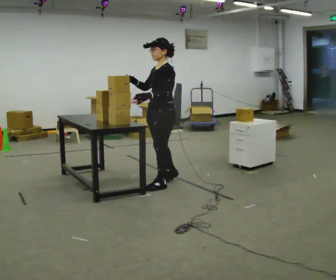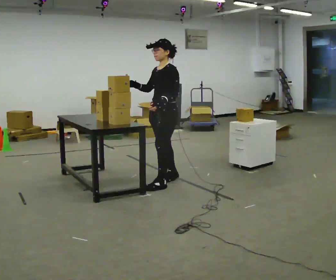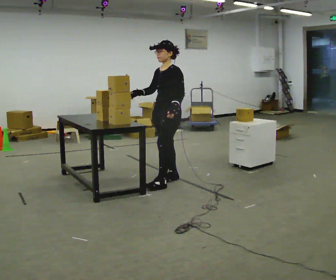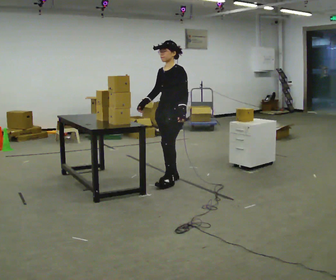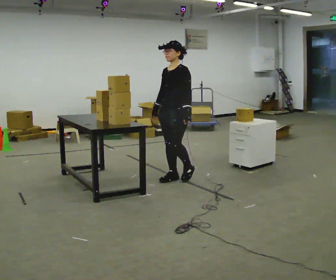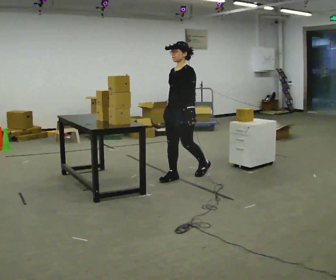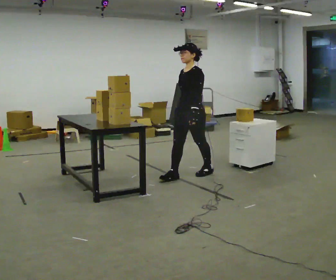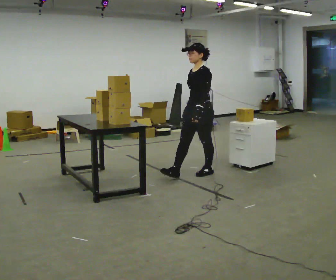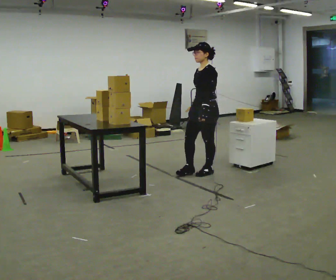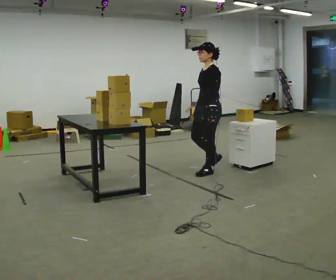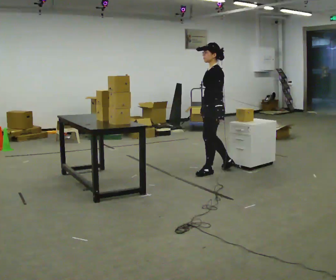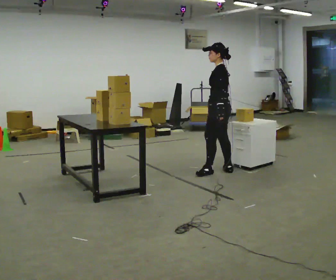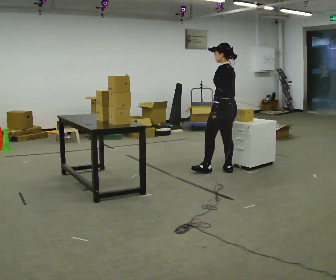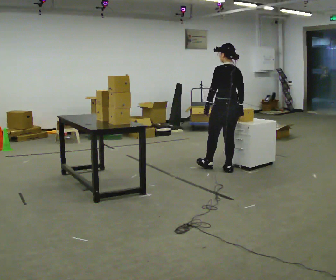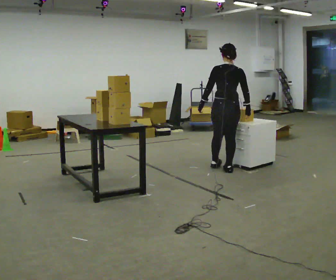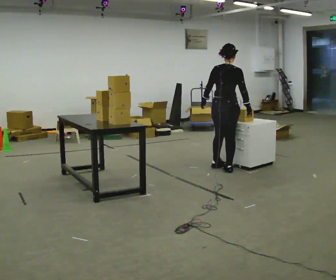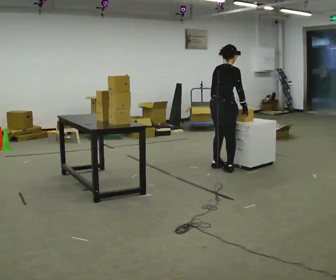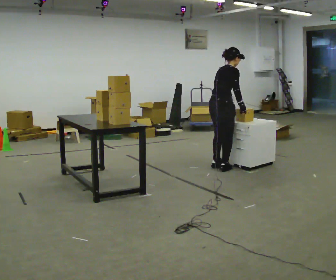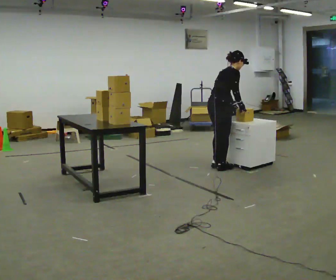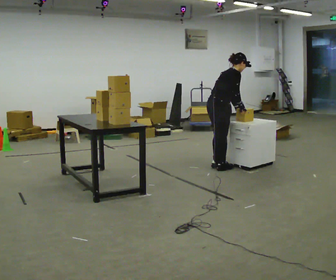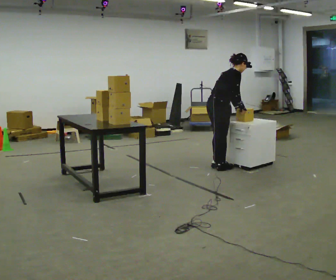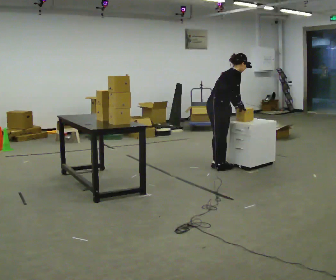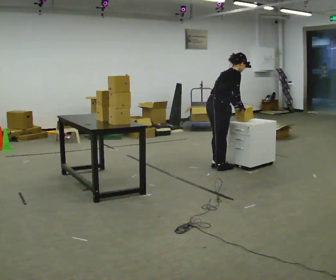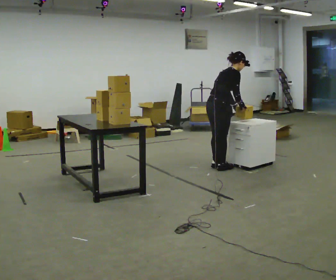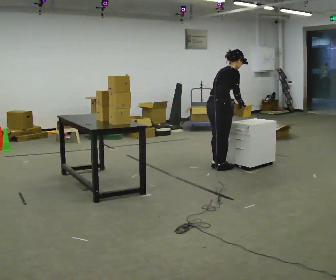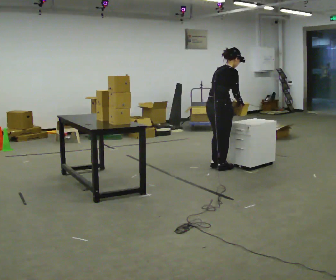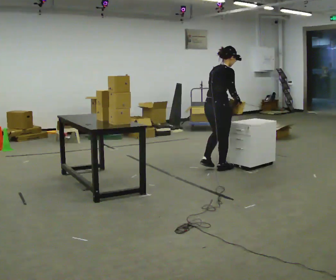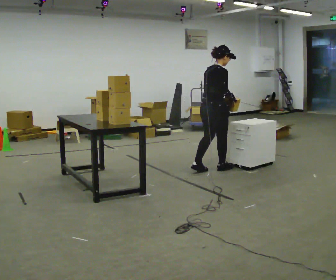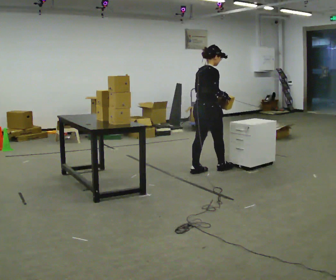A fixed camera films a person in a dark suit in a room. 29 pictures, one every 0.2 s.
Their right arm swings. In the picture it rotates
counterclockwise.
0.0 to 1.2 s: In the picture they go away from the camera and to the right, about 0.5 m in 1 step, which for them is backward. In the picture their right hand goes downward, the arm swinging counterclockwise.
1.2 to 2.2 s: The part of the body nearest the lens slides to the left as the person turns to their right by about 60 degrees. In the picture they go to the right and away from the camera, about 0.5 m in 1 step, which for them is backward.
2.2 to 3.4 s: The part of the body nearest the lens slides to the left as the person turns to their right by about 135 degrees. In the picture they go away from the camera, about 0.25 m in 2 steps. In the picture the upper body tilts clockwise, shoulders to the right.
3.4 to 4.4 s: In the picture the upper body tilts clockwise, shoulders to the right, as they bend forward.
4.4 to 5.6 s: In the picture the upper body tilts counterclockwise, shoulders to the left, as they lean back or straighten.
The film runs backward here.
